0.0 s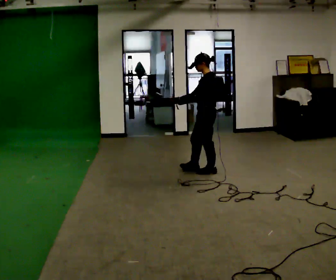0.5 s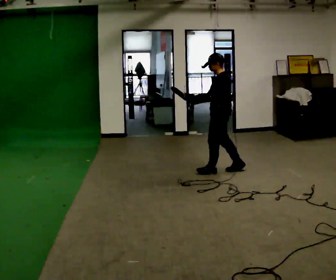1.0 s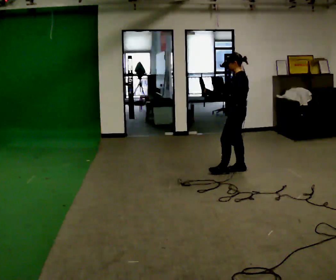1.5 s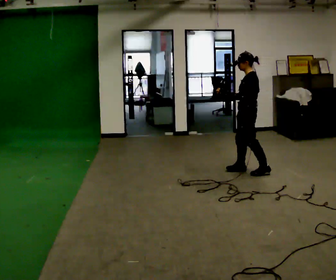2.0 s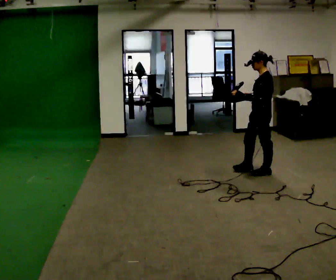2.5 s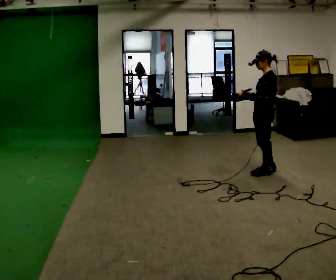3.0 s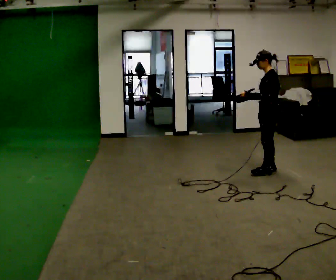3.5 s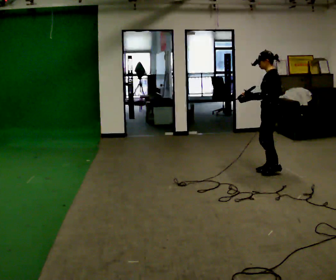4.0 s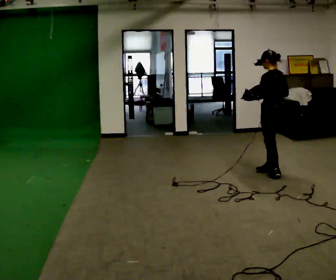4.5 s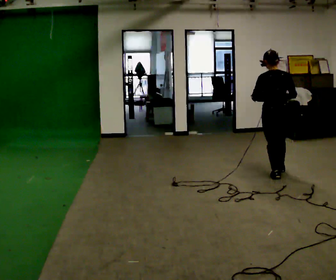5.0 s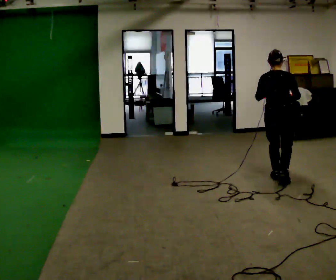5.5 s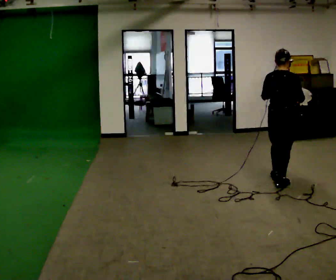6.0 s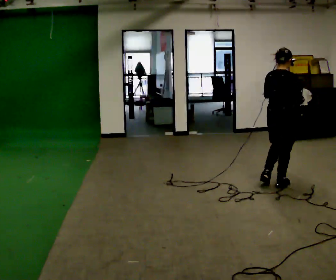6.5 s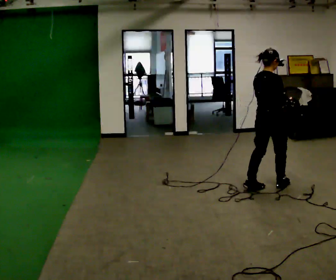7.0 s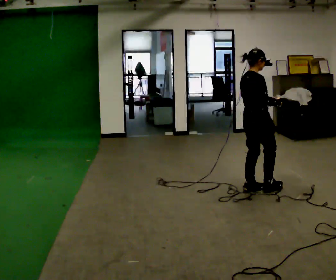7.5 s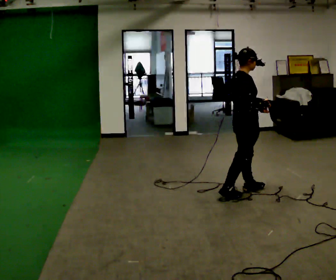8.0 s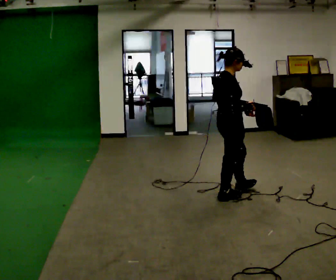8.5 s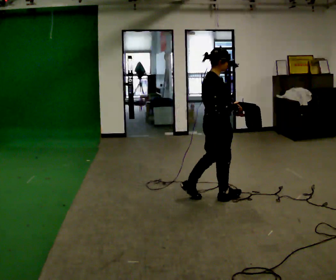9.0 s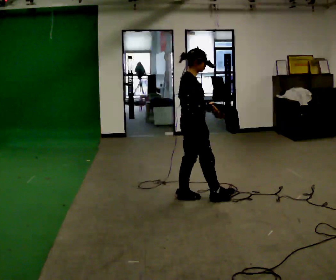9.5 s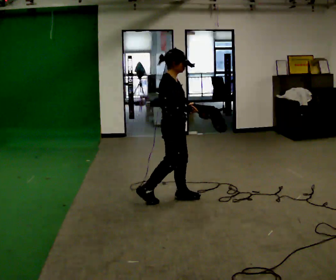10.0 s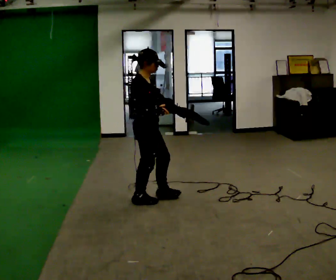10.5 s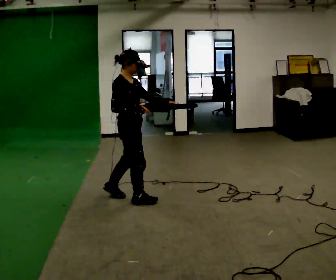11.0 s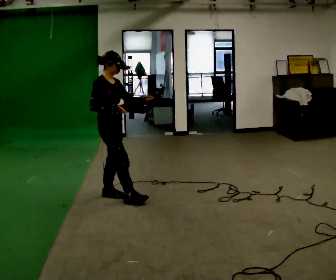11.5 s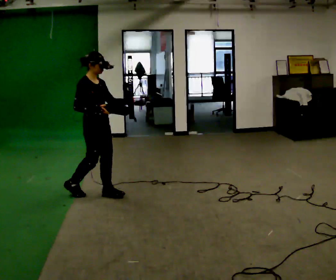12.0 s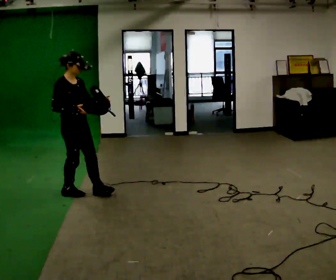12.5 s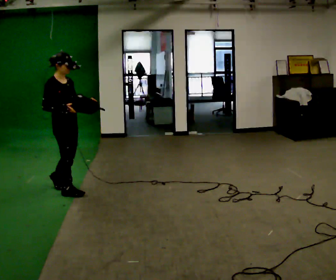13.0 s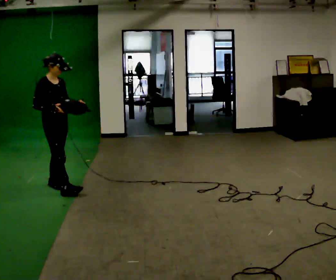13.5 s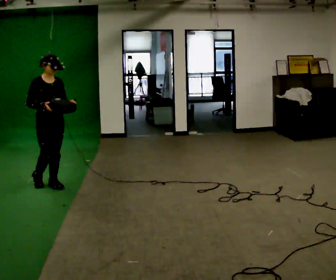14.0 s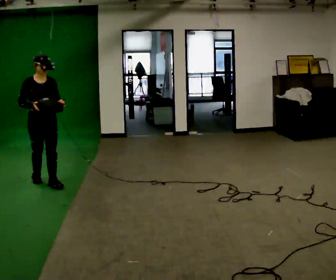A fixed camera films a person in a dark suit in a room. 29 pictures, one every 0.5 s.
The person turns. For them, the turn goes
to their right.
The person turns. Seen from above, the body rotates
clockwise.
0.0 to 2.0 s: In the picture they go to the right, about 0.75 m in 2 steps, which for them is backward.
2.0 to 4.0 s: The person turns about 30 degrees to their right, clockwise seen from above, so the part of the body nearest the lens slides to the left.
4.0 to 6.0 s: Seen from above the body turns clockwise, about 90 degrees: to their right, with its near side sliding to the left. In the picture they go toward the camera, about 0.5 m in 2 steps.
6.0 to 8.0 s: The person turns about 45 degrees to their right, clockwise seen from above, so the part of the body nearest the lens slides to the left. In the picture they go to the left and toward the camera, about 0.75 m in 2 steps, which for them is backward.
8.0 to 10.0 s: In the picture they go to the left, about 1 m in 2 steps, which for them is backward.
10.0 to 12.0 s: In the picture they go to the left, about 1 m in 2 steps, which for them is backward.
12.0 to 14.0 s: The person turns about 30 degrees to their right, clockwise seen from above, so the part of the body nearest the lens slides to the left. In the picture they go to the left and away from the camera, about 0.5 m in 1 step, which for them is backward.
The film runs backward here.
